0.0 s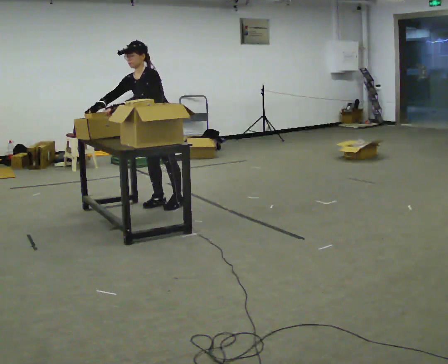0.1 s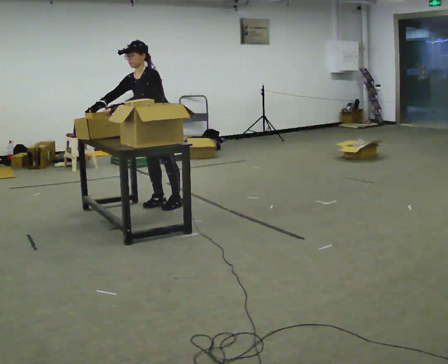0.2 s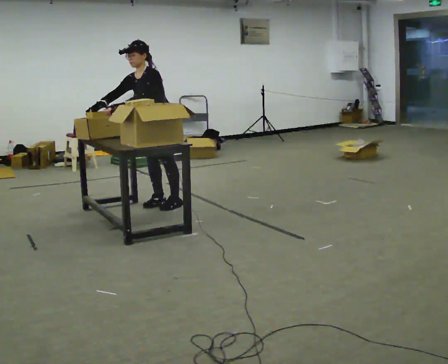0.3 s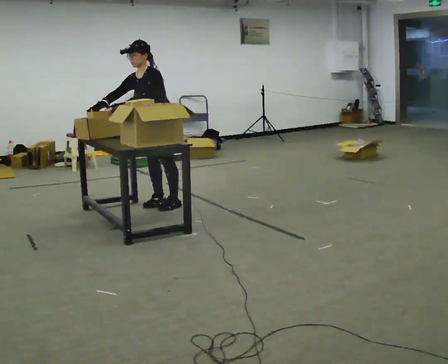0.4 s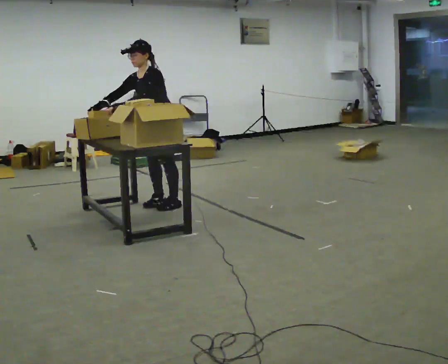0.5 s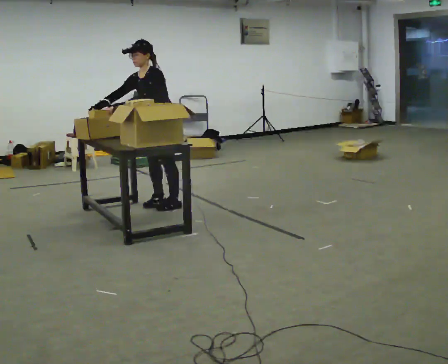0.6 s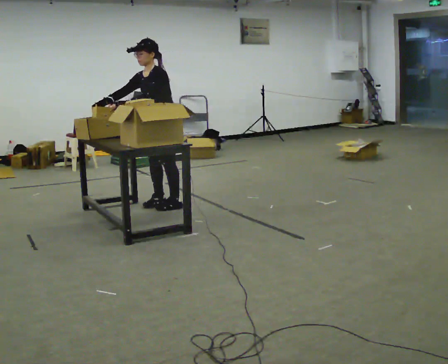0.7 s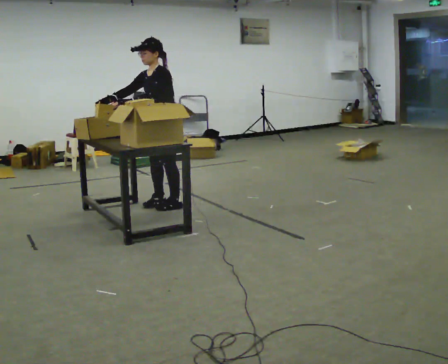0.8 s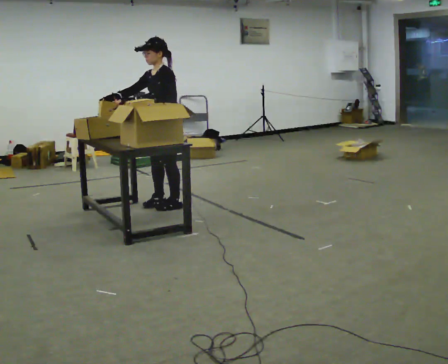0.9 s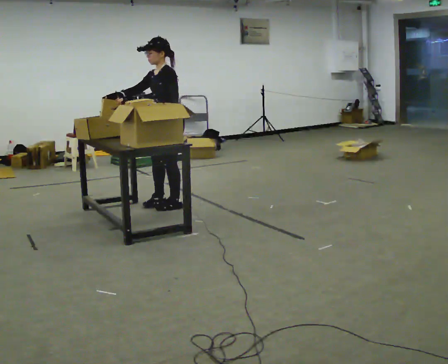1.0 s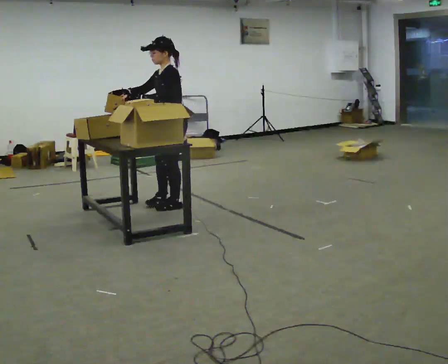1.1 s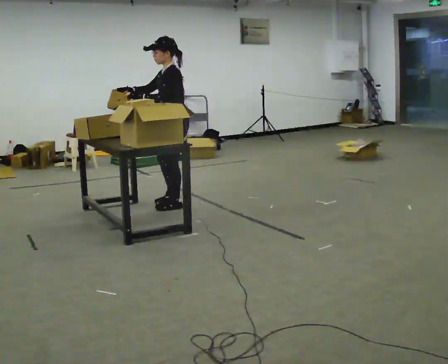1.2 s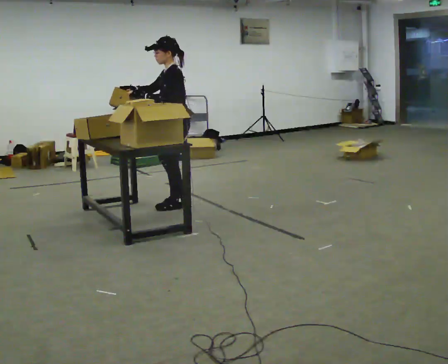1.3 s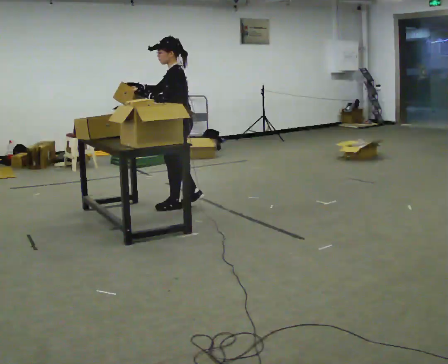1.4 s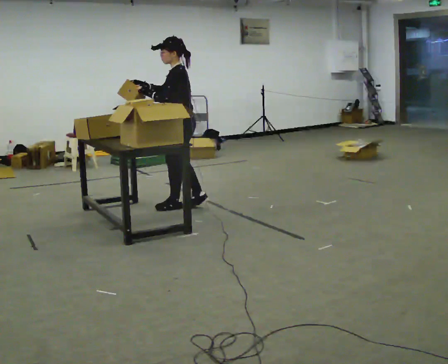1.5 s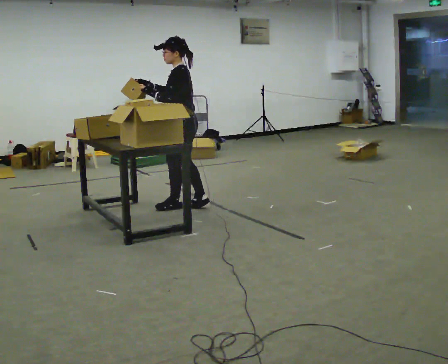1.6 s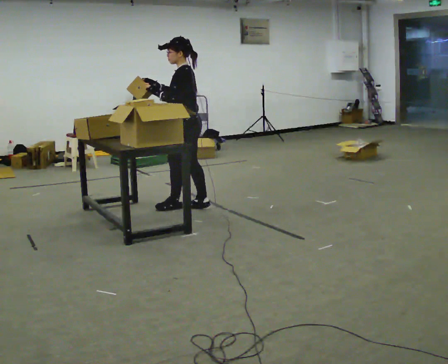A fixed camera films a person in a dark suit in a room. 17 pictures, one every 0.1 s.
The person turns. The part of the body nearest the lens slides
to the left.
The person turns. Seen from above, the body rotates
clockwise.
0.0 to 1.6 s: The person turns about 60 degrees to their right, clockwise seen from above, so the part of the body nearest the lens slides to the left. In the picture they go to the right and toward the camera, about 0.25 m in 1 step. In the picture the upper body tilts clockwise, shoulders to the right, as they lean back or straighten.
The film runs backward here.
